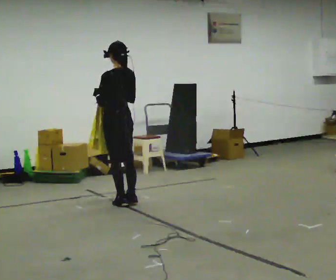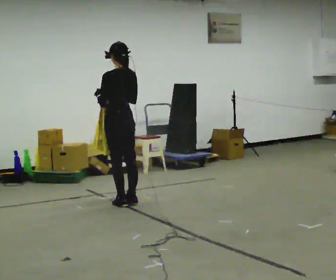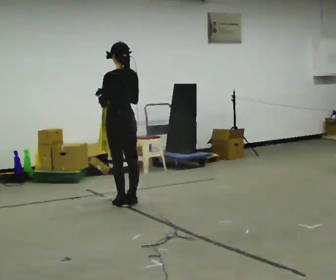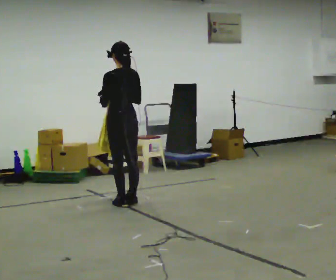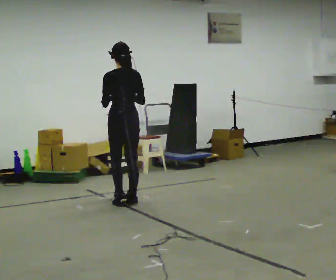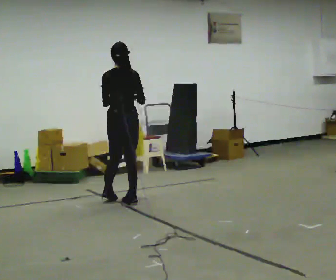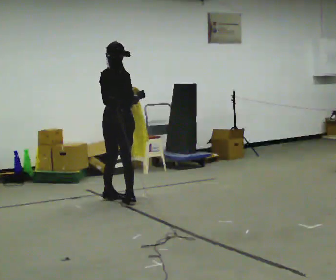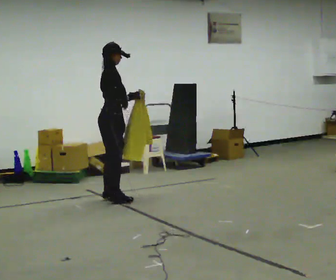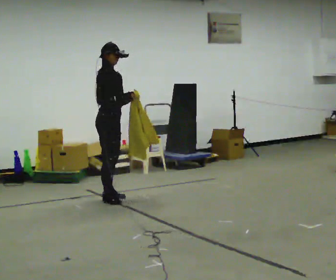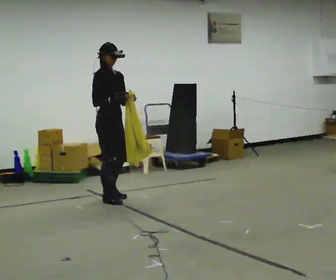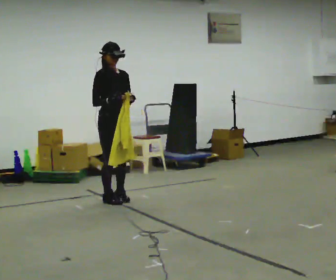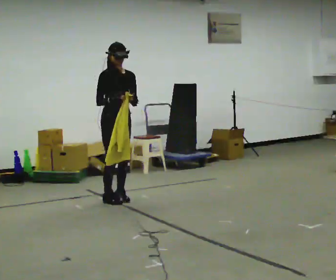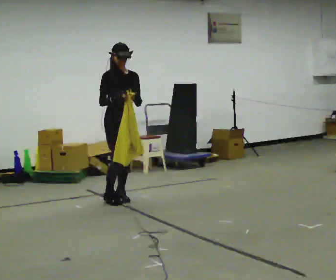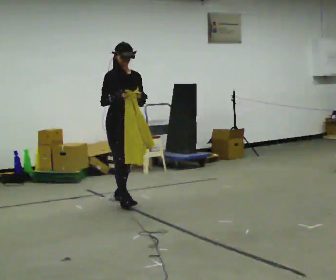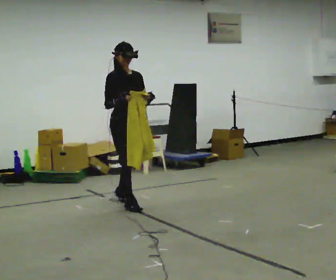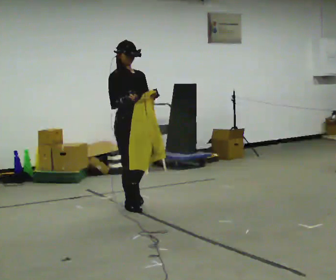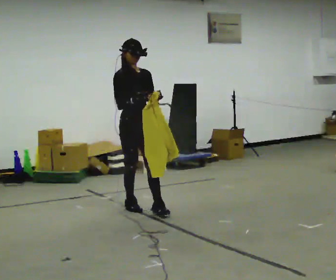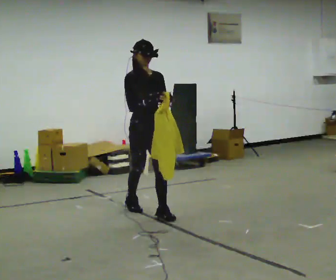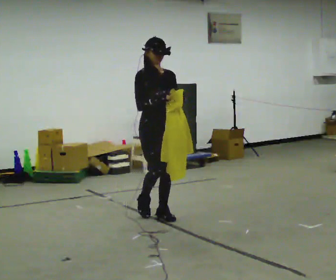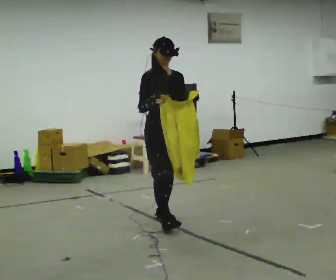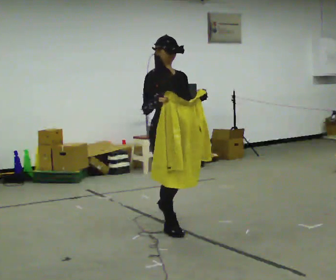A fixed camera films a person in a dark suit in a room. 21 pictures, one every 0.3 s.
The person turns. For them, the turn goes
to their right.
The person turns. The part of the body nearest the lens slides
to the left.
0.0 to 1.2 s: The person moves a little, or ends about where they began.
1.2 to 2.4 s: Seen from above the body turns clockwise, about 135 degrees: to their right, with its near side sliding to the left. In the picture they go away from the camera and to the left, about 0.25 m in 2 steps.
2.4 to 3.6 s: The person turns about 45 degrees to their right, clockwise seen from above, so the part of the body nearest the lens slides to the left.
3.6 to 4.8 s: In the picture they go toward the camera, about 0.5 m in 1 step, which for them is forward.
4.8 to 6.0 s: In the picture they go toward the camera, about 0.5 m in 2 steps, which for them is forward.
The film runs forward here.
